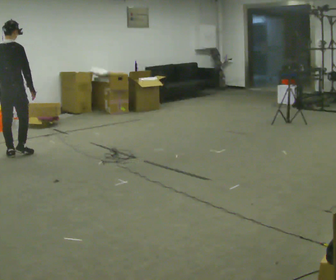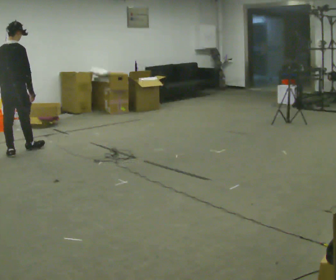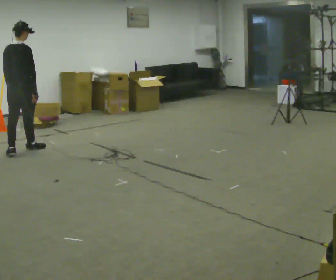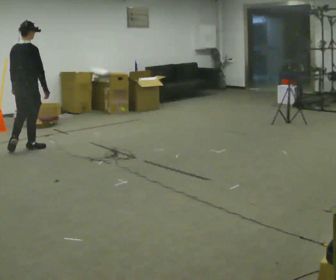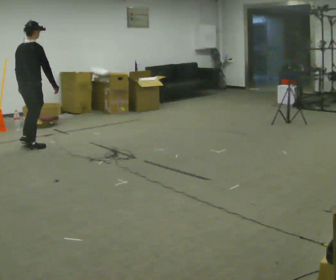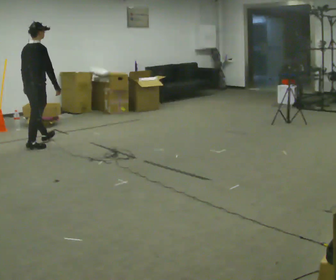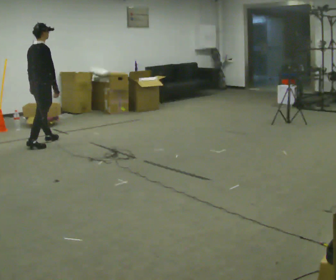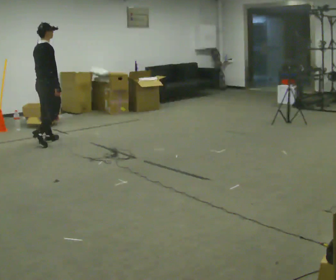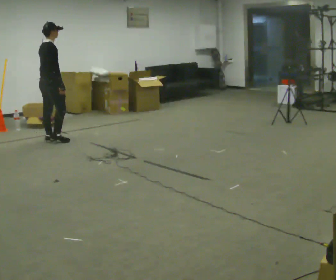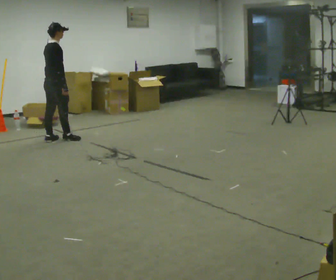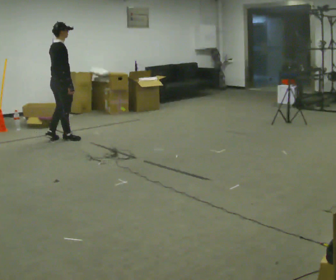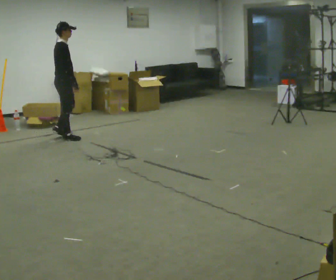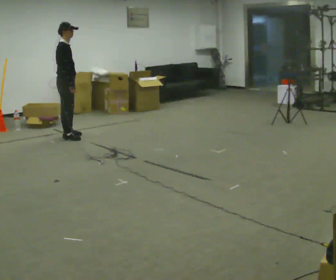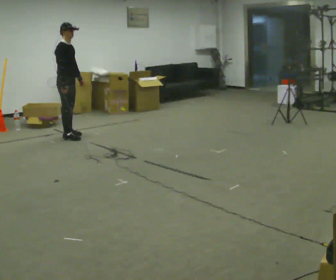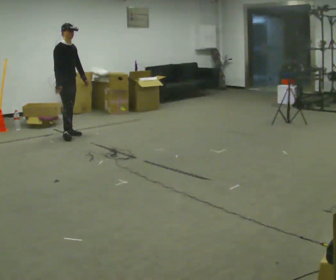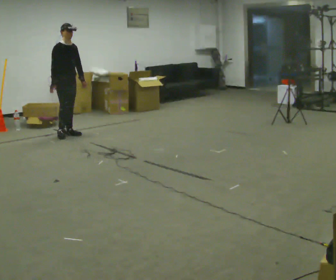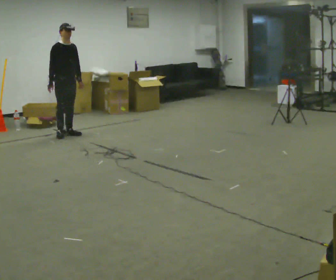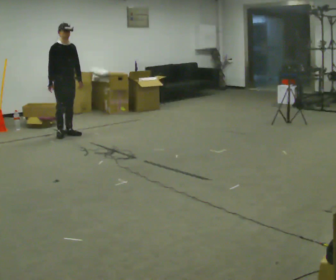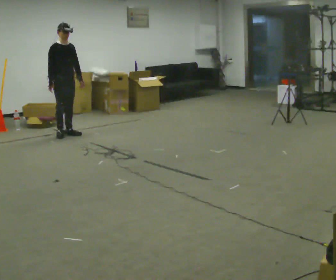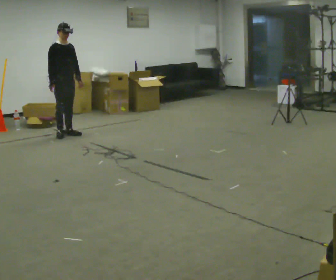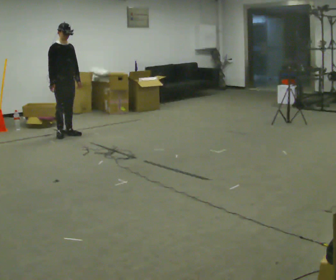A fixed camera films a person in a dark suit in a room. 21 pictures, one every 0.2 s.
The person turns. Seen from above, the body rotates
clockwise.
The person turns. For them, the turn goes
to their right.
0.0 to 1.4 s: Seen from above the body turns clockwise, about 45 degrees: to their right, with its near side sliding to the left. In the picture they go away from the camera and to the right, about 0.5 m in 2 steps, which for them is forward.
1.4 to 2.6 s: Seen from above the body turns clockwise, about 60 degrees: to their right, with its near side sliding to the left. In the picture they go to the right and away from the camera, about 0.5 m in 2 steps, which for them is forward and to their left.
2.6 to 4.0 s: The person turns about 30 degrees to their right, clockwise seen from above, so the part of the body nearest the lens slides to the left.
The film runs forward here.
